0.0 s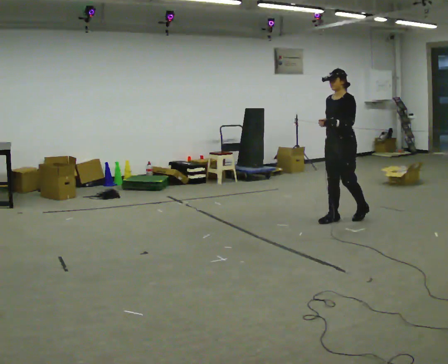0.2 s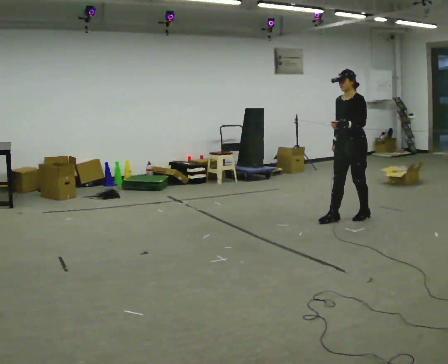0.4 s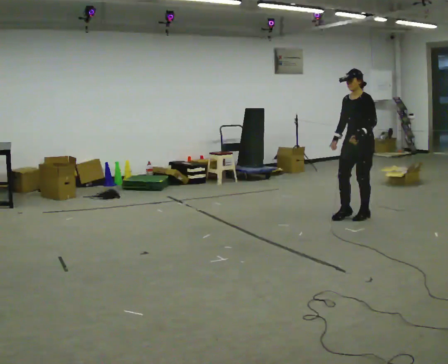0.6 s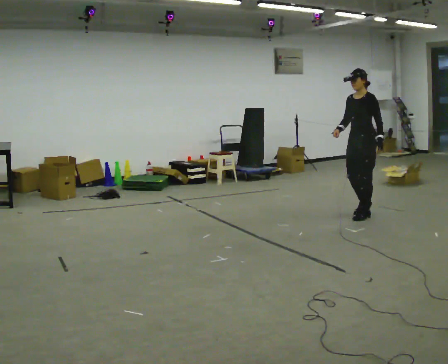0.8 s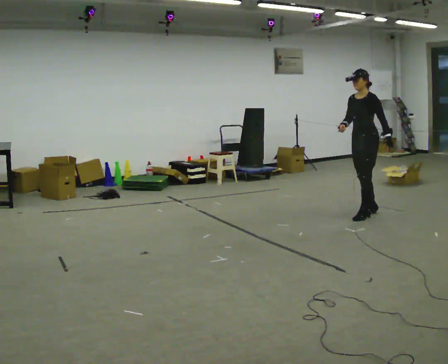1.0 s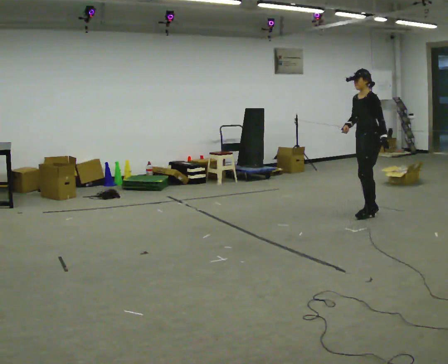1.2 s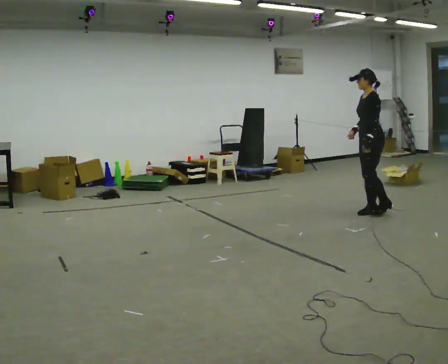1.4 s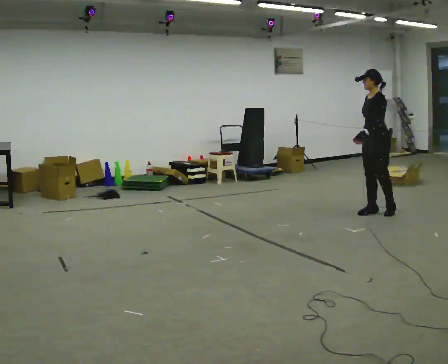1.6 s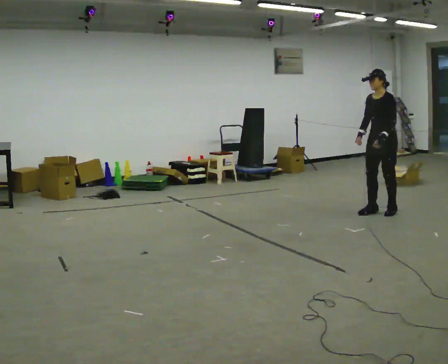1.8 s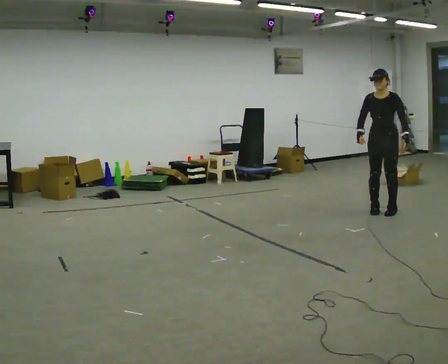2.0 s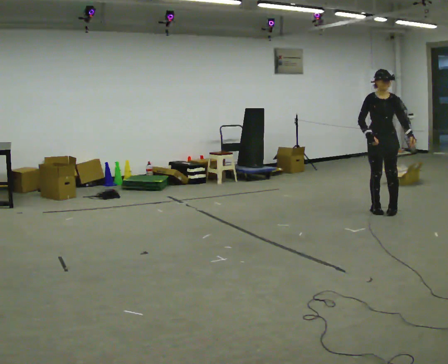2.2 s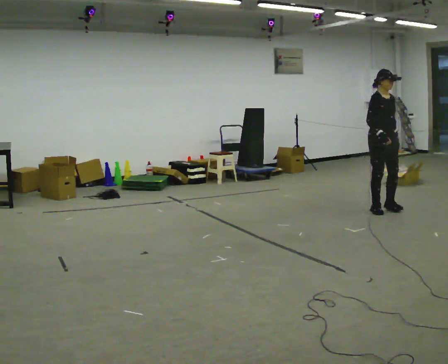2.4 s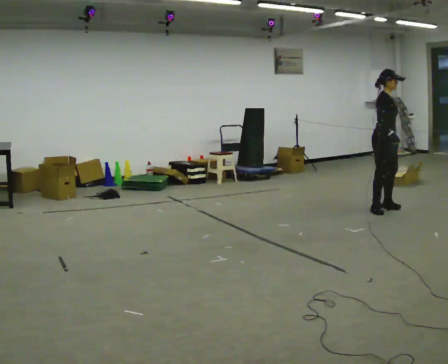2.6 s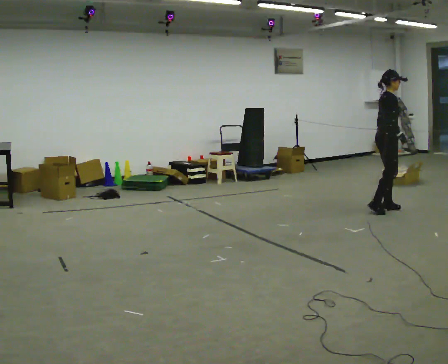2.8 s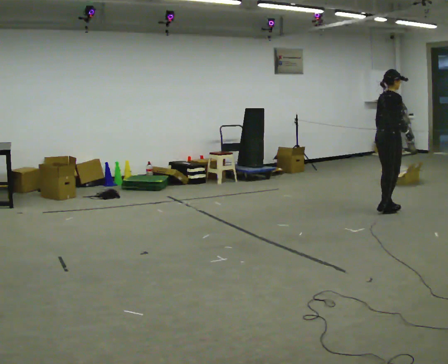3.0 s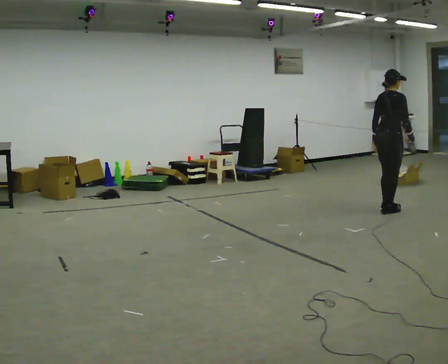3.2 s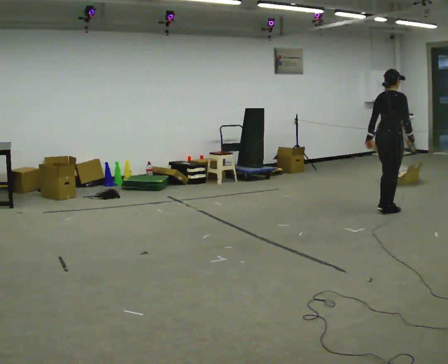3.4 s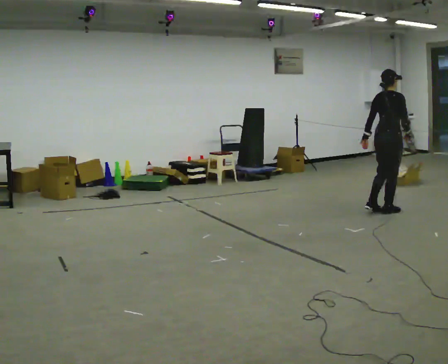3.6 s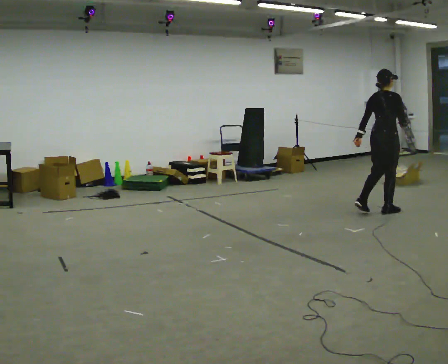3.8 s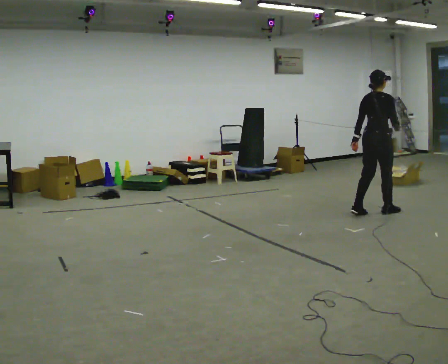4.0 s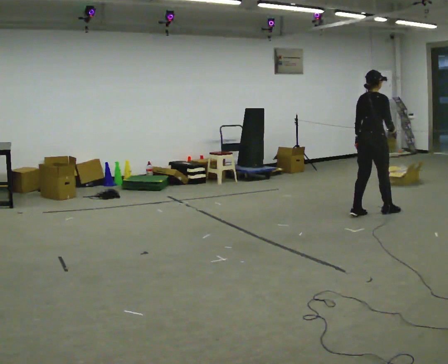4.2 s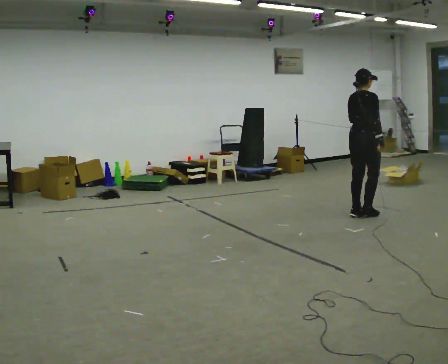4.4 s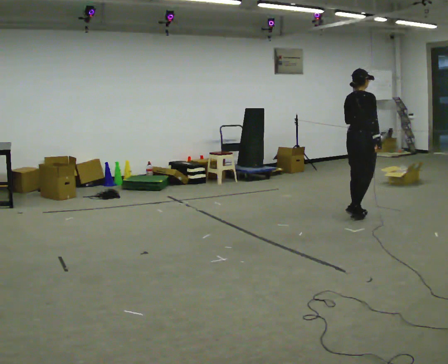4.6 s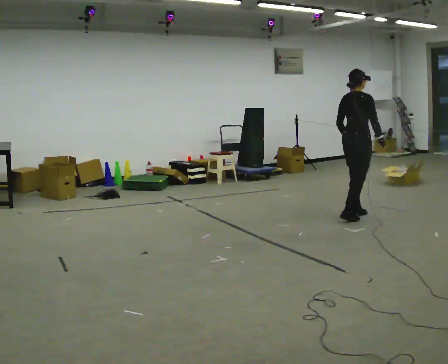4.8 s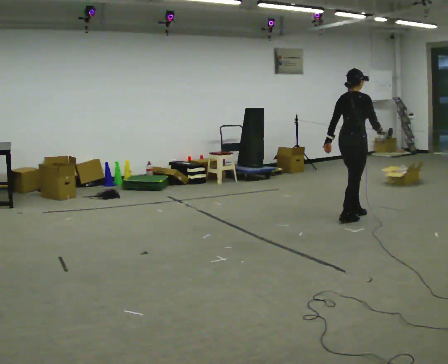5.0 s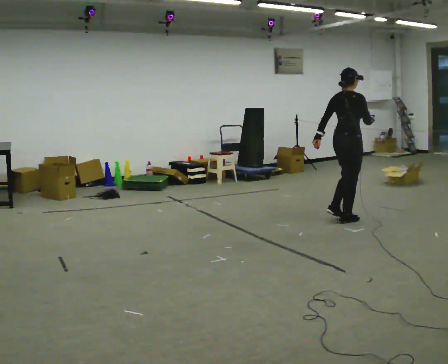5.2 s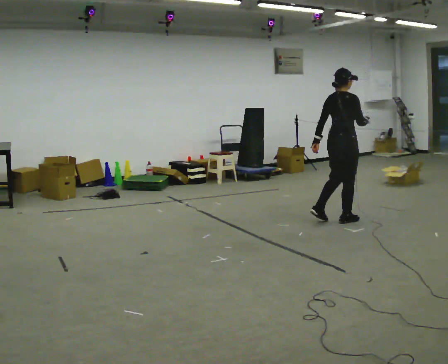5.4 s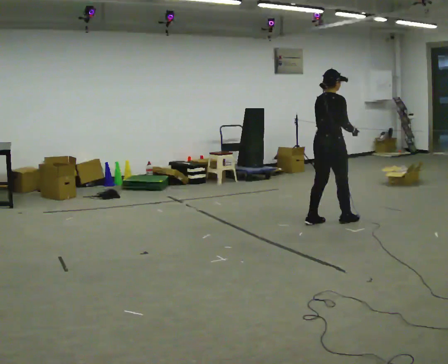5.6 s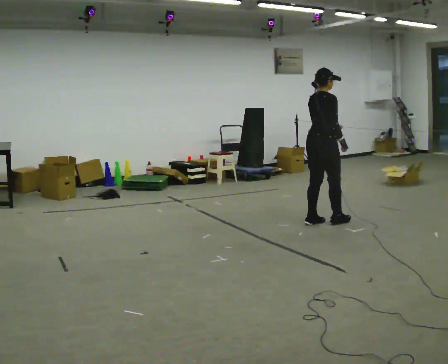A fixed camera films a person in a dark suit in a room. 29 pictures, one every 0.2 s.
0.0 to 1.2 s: Seen from above the body turns clockwise, about 30 degrees: to their right, with its near side sliding to the left. In the picture they go to the right and away from the camera, about 0.5 m in 2 steps, which for them is backward.
1.2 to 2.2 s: Seen from above the body turns counterclockwise, about 120 degrees: to their left, with its near side sliding to the right. In the picture their left hand goes to the right.
2.2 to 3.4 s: Seen from above the body turns counterclockwise, about 90 degrees: to their left, with its near side sliding to the right. In the picture their left hand goes to the left, the arm swinging clockwise.
3.4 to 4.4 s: In the picture they go to the left and toward the camera, about 0.25 m in 1 step, which for them is backward.
4.4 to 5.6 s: In the picture they go to the left and toward the camera, about 0.5 m in 2 steps, which for them is backward.
The film runs forward here.
